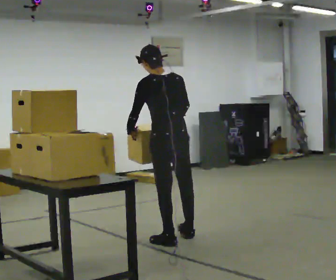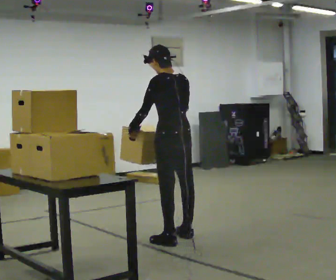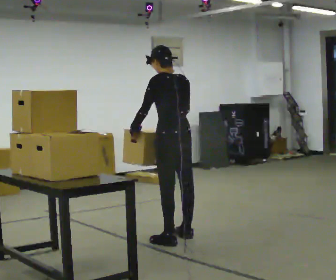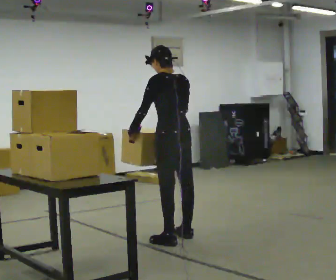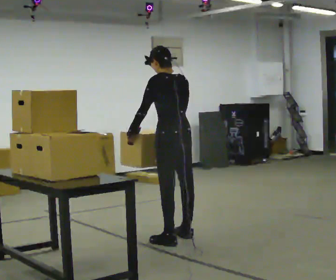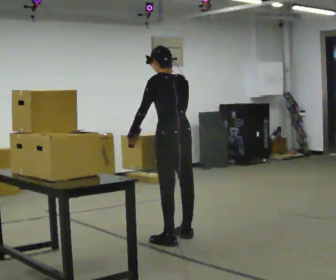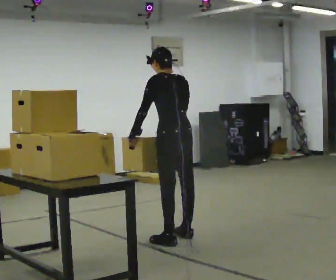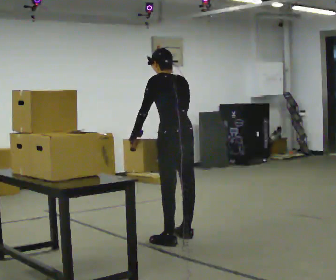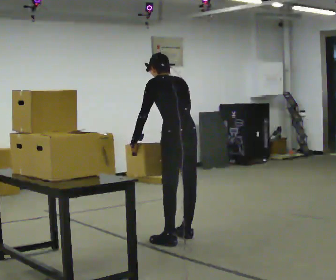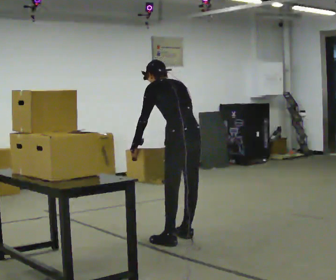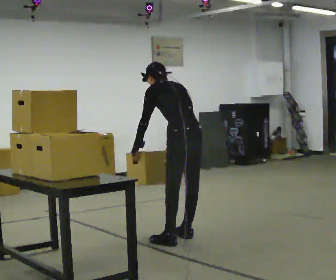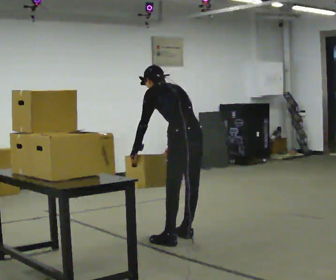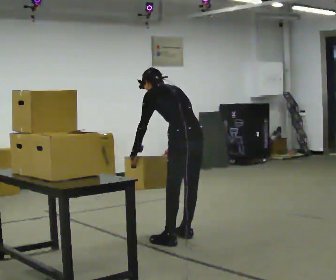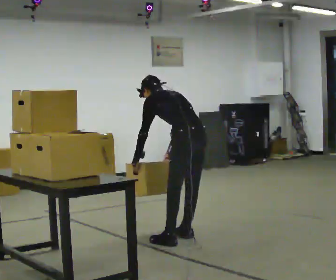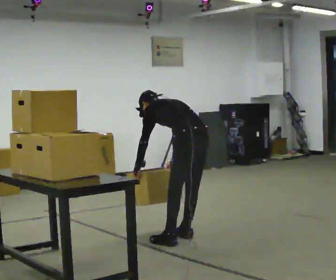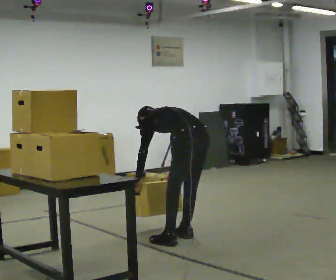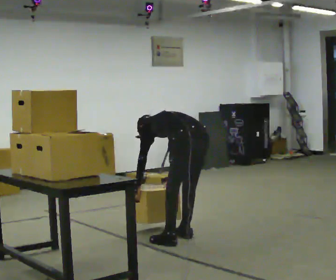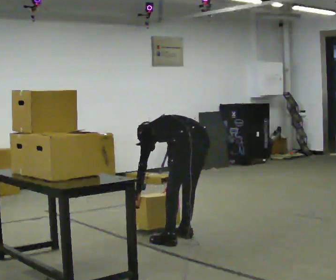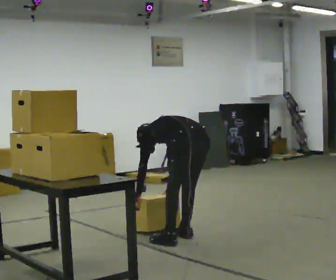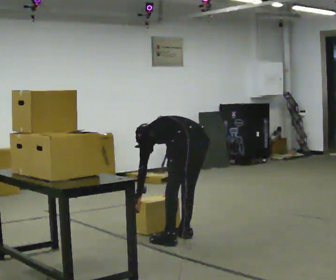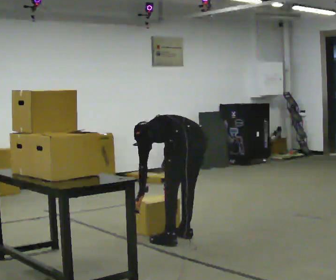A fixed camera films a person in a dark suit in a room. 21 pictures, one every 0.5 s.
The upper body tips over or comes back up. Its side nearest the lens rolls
upward.
The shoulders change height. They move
downward.
0.0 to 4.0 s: The upper body tips away from the camera, its near side rolling upward, as they bend forward.
4.0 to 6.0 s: In the picture the upper body tilts counterclockwise, shoulders to the left, as they bend forward.
6.0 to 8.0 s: The upper body goes downward. The upper body tips away from the camera, its near side rolling upward, as they bend forward. In the picture their right hand goes downward.
8.0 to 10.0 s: The person moves a little, or ends about where they began.
The film runs forward here.
